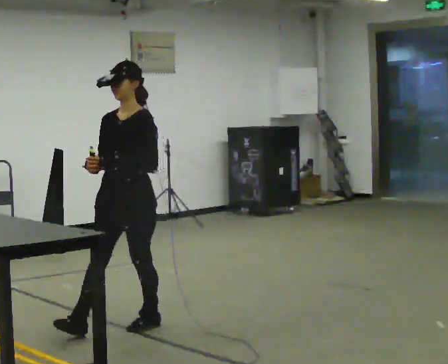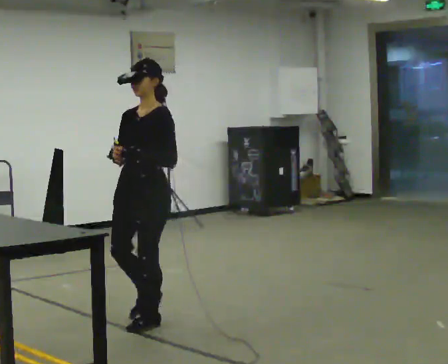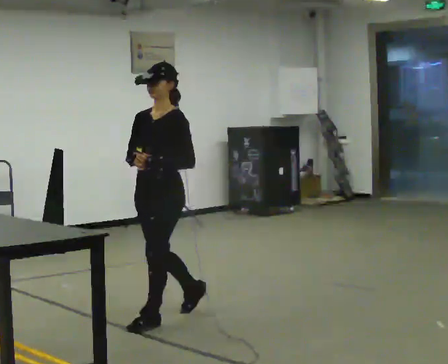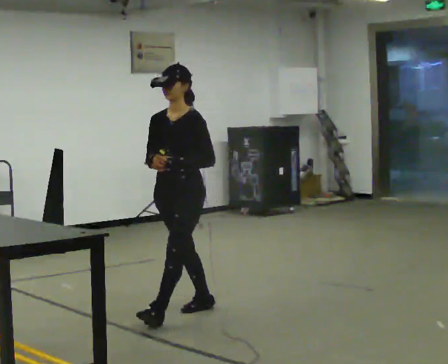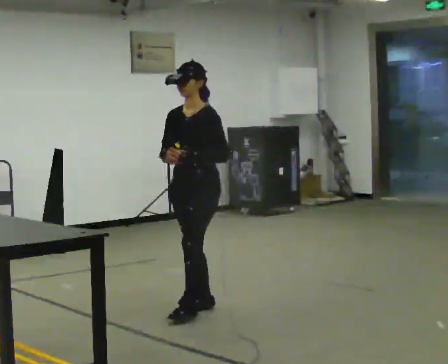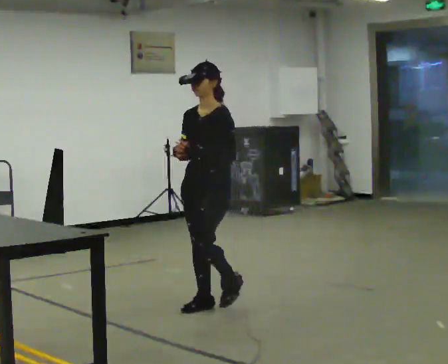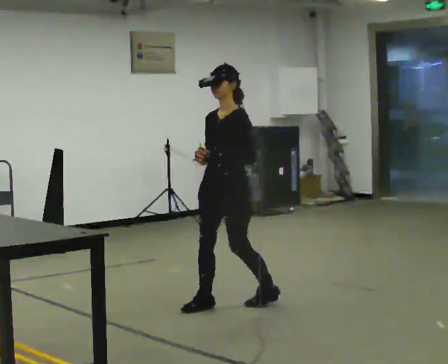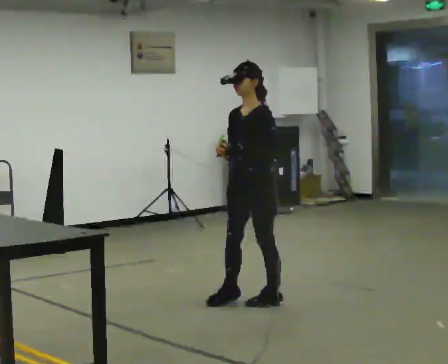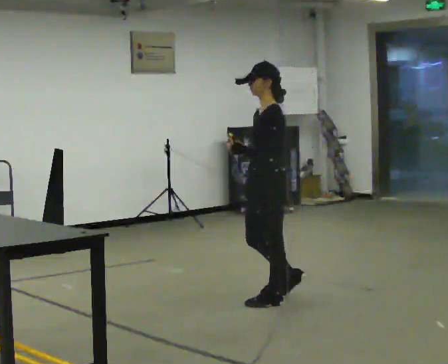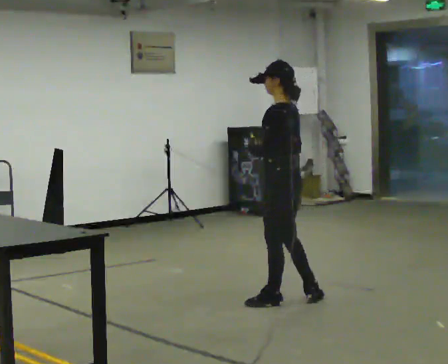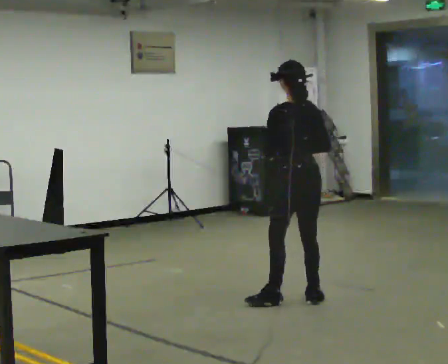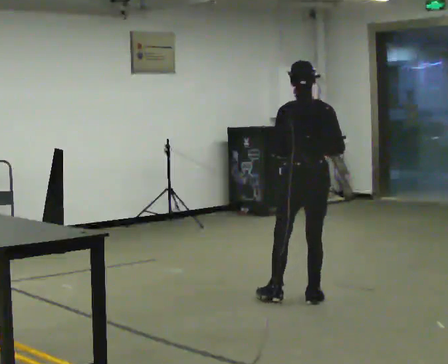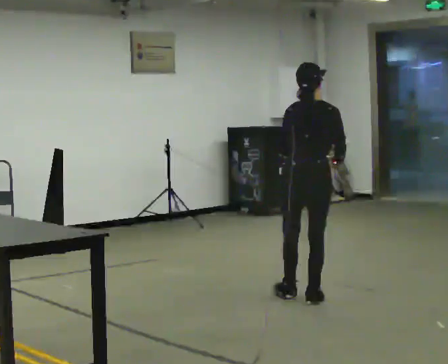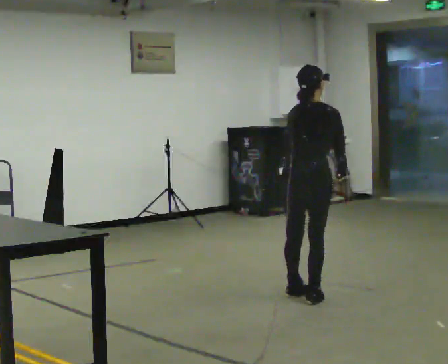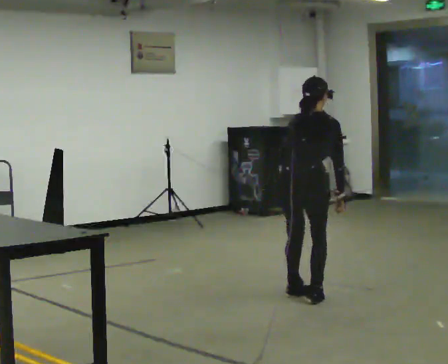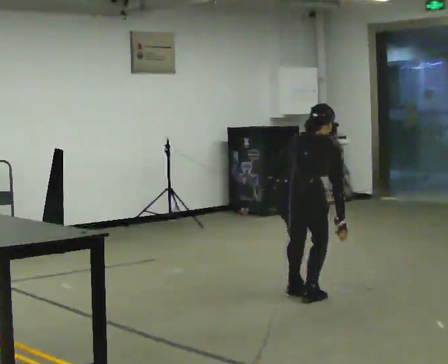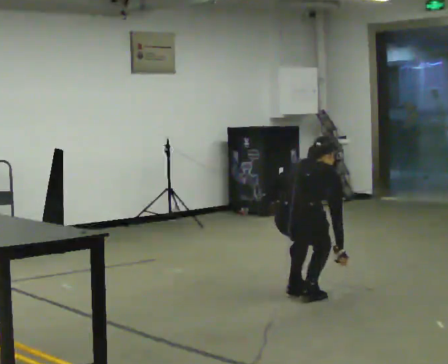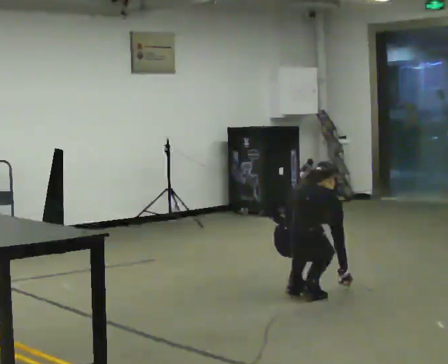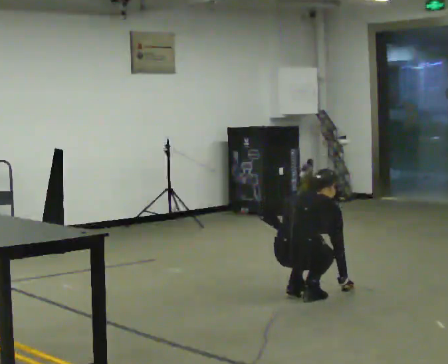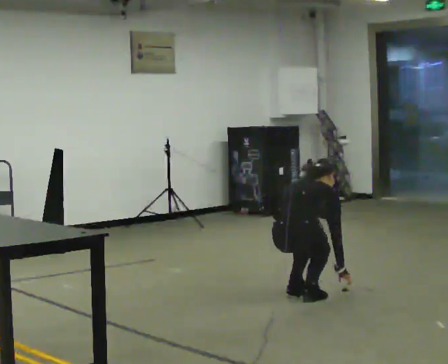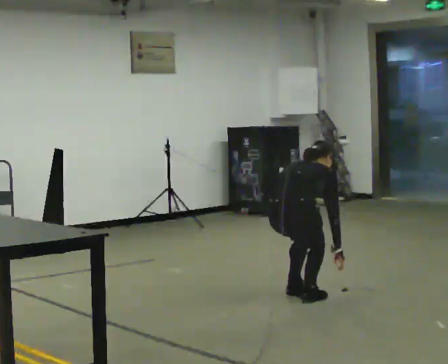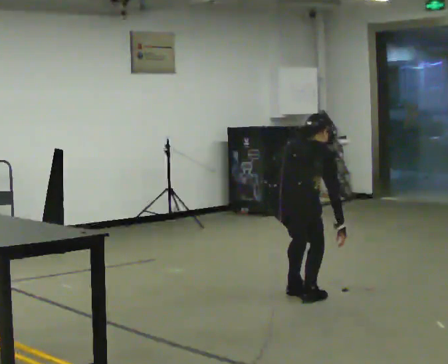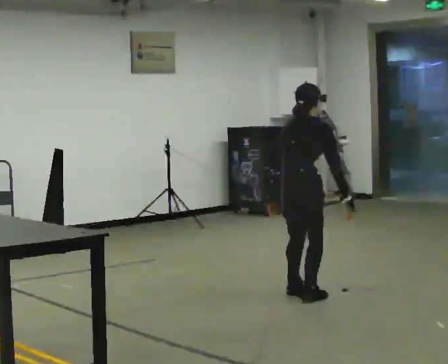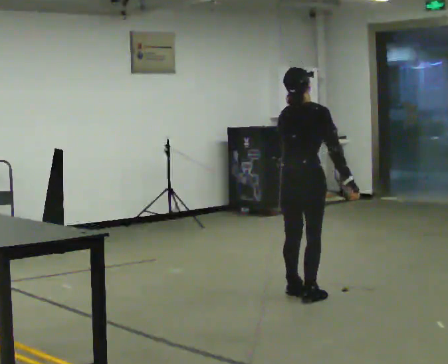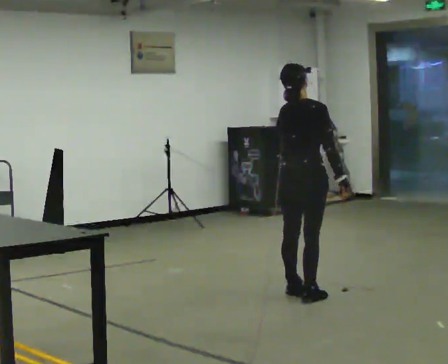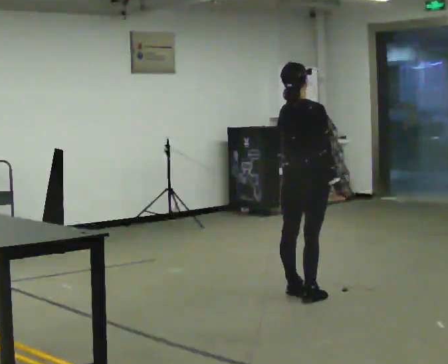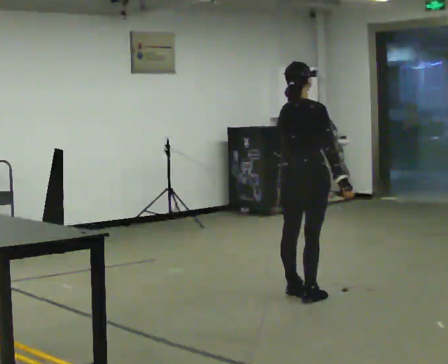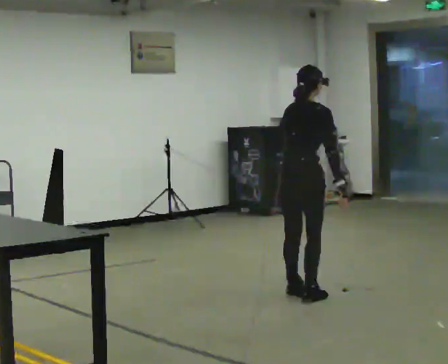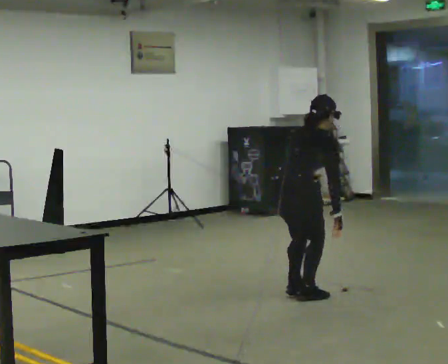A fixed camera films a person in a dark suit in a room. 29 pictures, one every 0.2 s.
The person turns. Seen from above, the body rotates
clockwise.
The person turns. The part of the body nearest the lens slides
to the left.
0.0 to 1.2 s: In the picture they go away from the camera and to the right, about 1 m in 1 step, which for them is backward.
1.2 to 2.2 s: The person turns about 120 degrees to their right, clockwise seen from above, so the part of the body nearest the lens slides to the left. In the picture they go to the right, about 0.5 m in 2 steps.
2.2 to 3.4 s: Seen from above the body turns clockwise, about 30 degrees: to their right, with its near side sliding to the left. The upper body goes downward. The upper body tips away from the camera, its near side rolling upward, as they bend forward. In the picture their right hand goes downward.
3.4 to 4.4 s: The upper body goes upward. The upper body tips toward the camera, its near side rolling downward.
4.4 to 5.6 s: The person moves a little, or ends about where they began.
The film runs backward here.
